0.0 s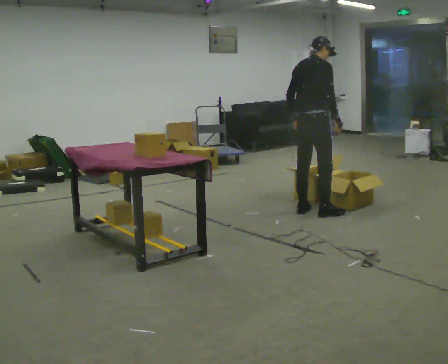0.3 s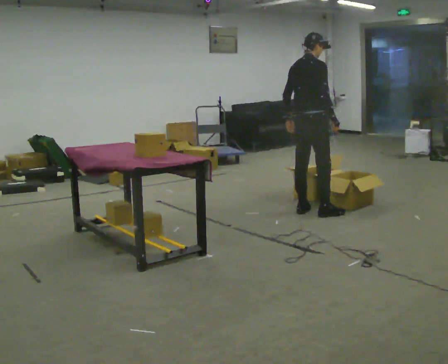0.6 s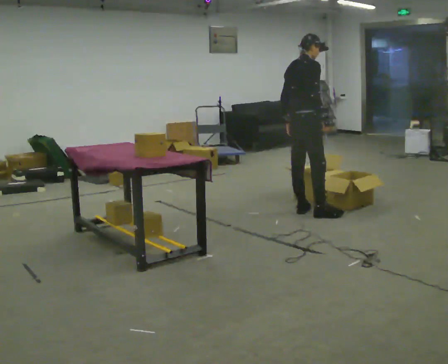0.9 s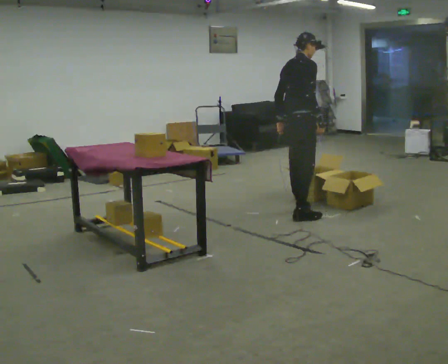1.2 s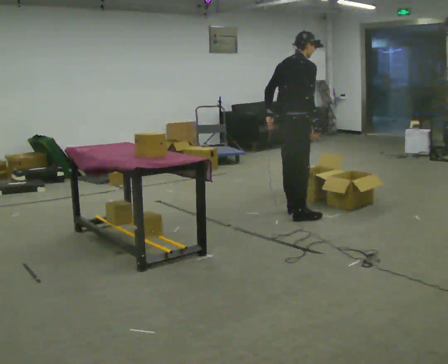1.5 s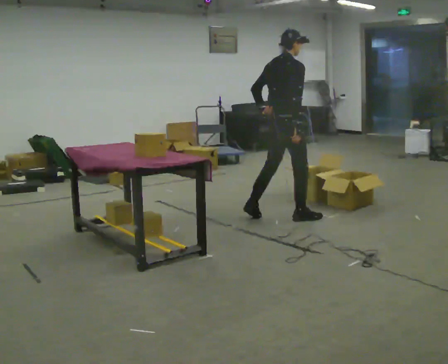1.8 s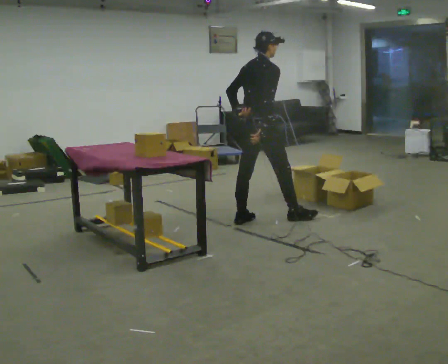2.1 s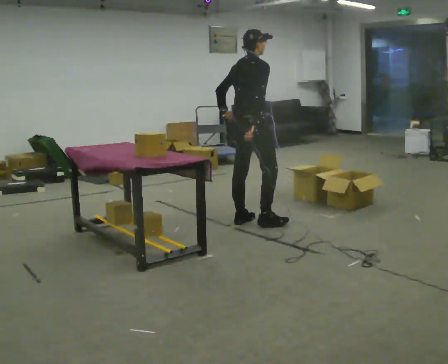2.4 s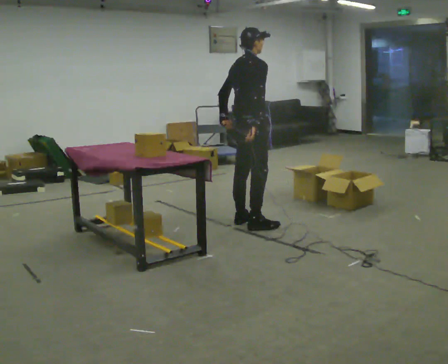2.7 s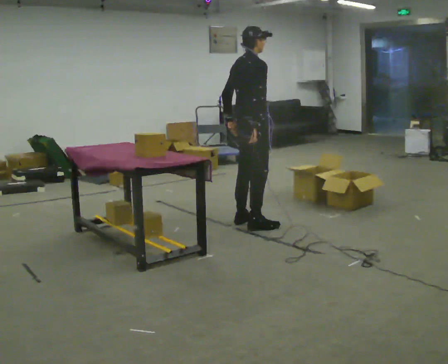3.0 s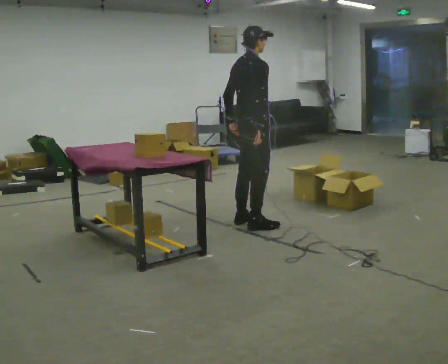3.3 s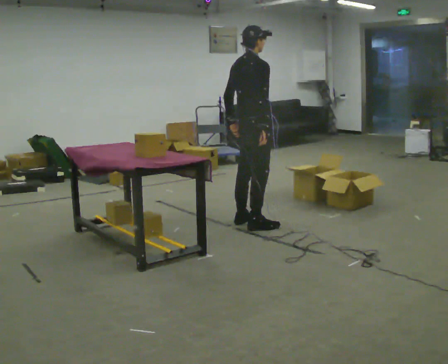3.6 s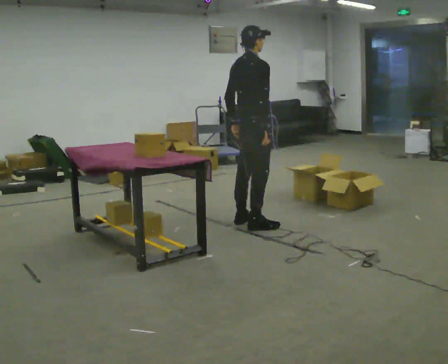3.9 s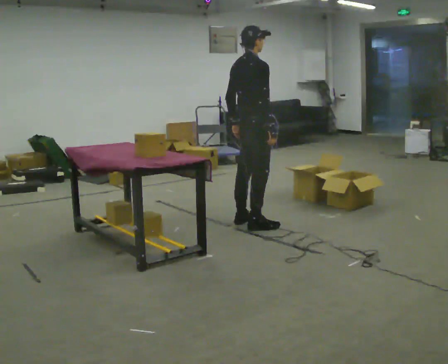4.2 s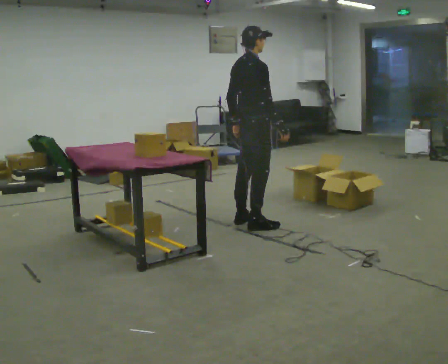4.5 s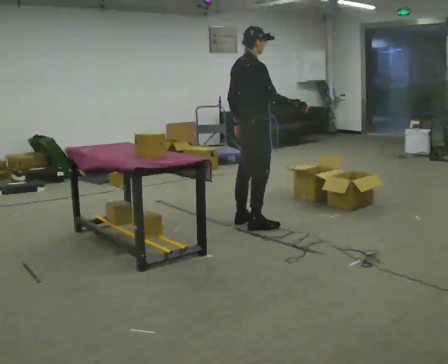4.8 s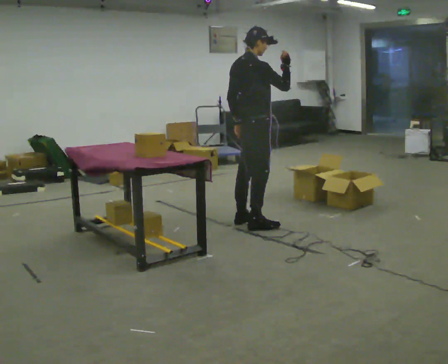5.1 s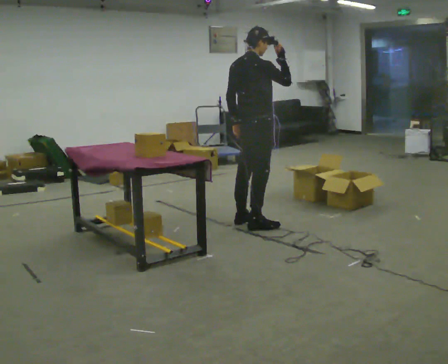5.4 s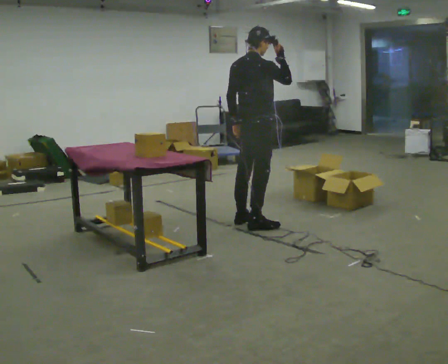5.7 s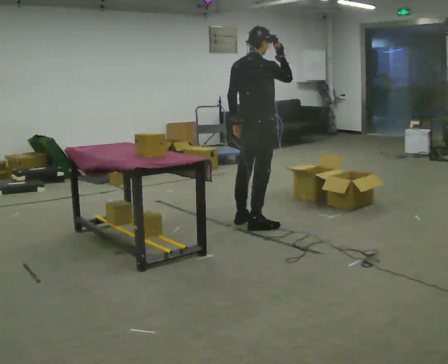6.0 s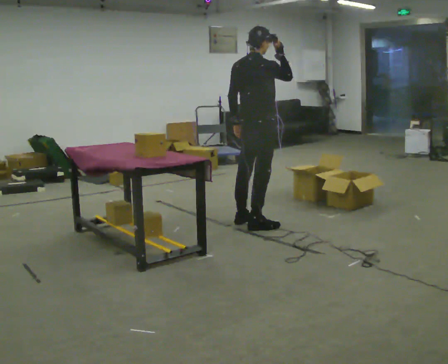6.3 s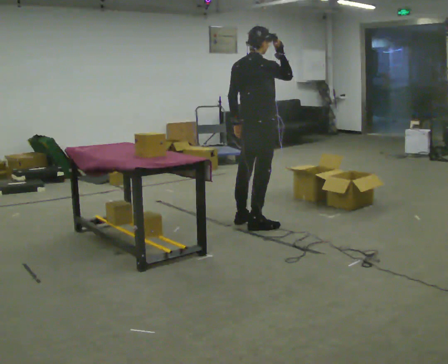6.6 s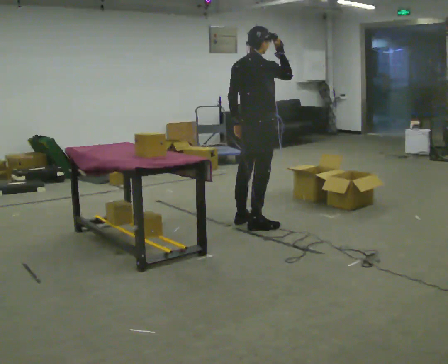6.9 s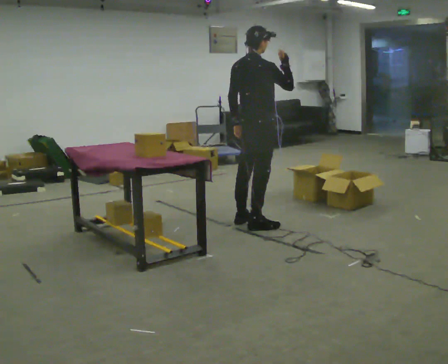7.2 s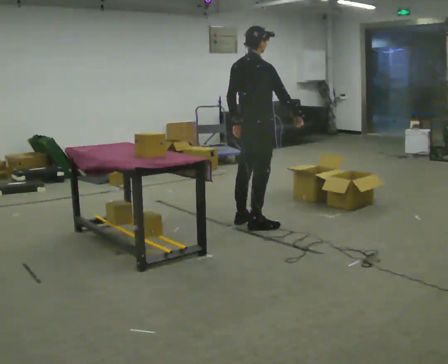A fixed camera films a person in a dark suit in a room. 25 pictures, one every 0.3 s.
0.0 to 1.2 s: In the picture they go to the left and toward the camera, about 0.25 m in 1 step, which for them is backward.
1.2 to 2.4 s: In the picture they go to the left, about 0.5 m in 2 steps, which for them is backward.
2.4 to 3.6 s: The person moves a little, or ends about where they began.
3.6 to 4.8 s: In the picture their right hand goes upward, the arm swinging counterclockwise.
4.8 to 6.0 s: The person moves a little, or ends about where they began.
6.0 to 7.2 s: In the picture their right hand goes downward.
The film runs forward here.
